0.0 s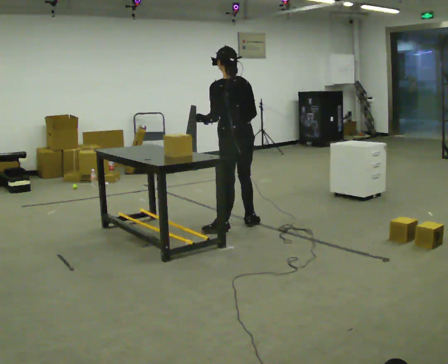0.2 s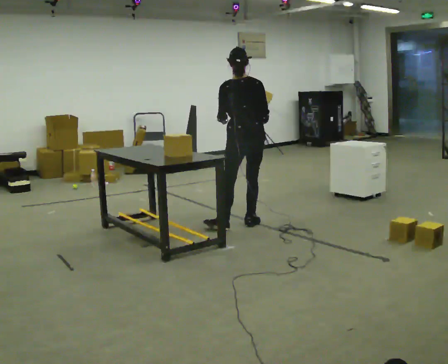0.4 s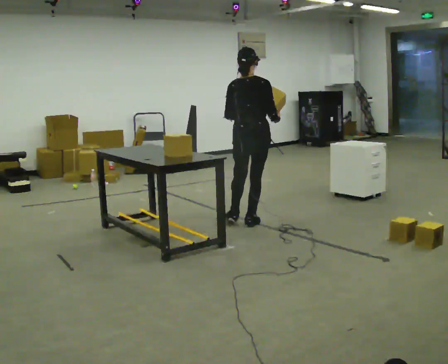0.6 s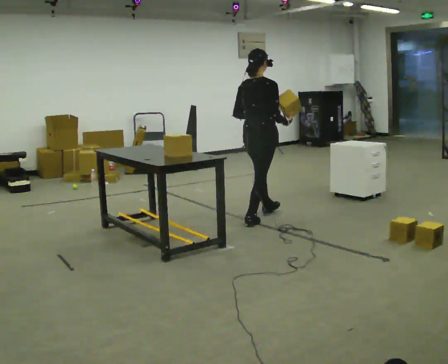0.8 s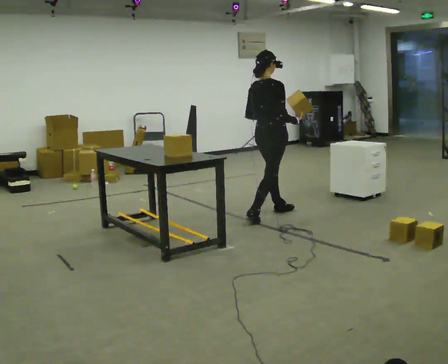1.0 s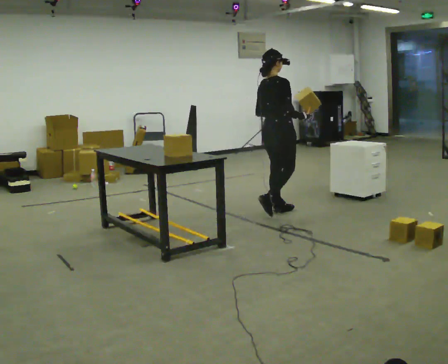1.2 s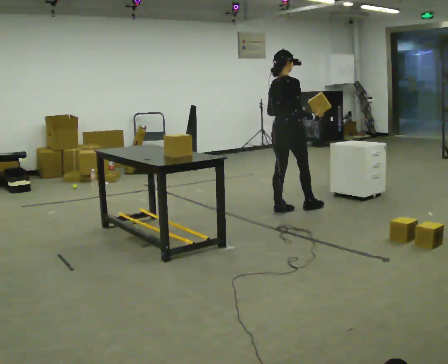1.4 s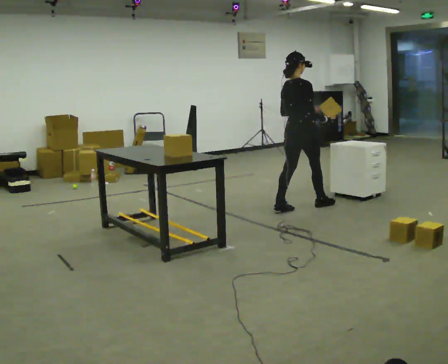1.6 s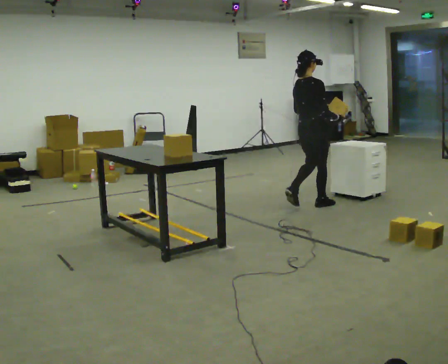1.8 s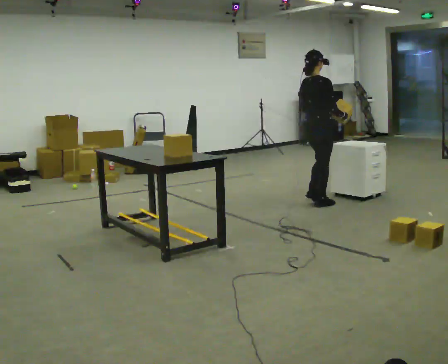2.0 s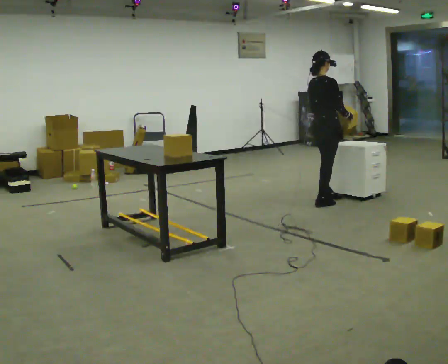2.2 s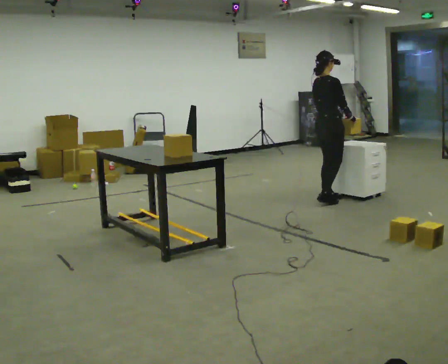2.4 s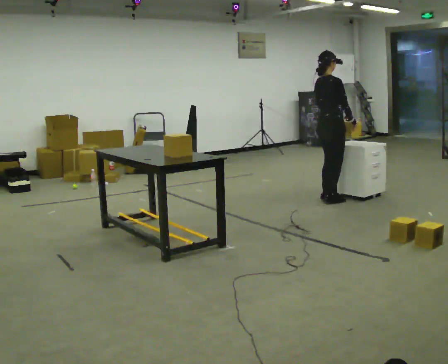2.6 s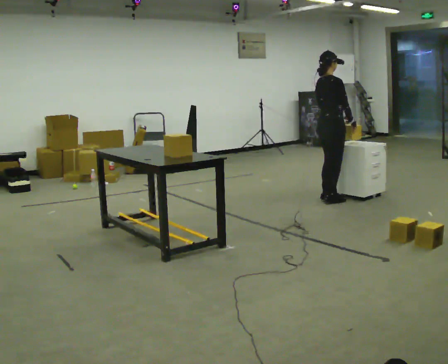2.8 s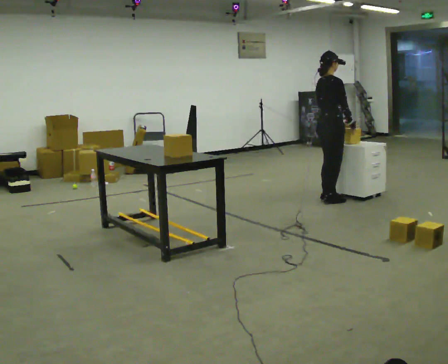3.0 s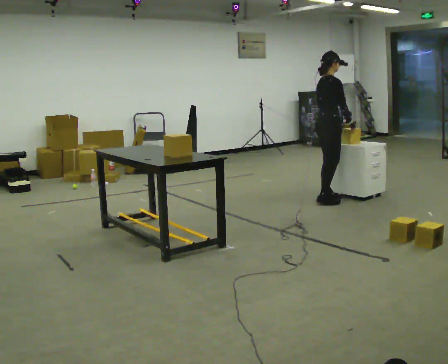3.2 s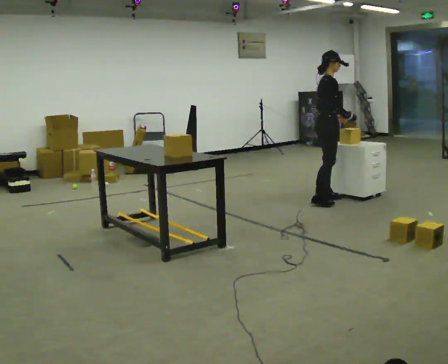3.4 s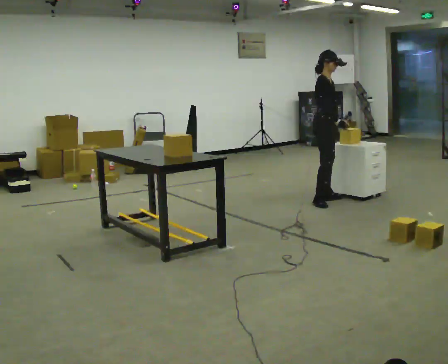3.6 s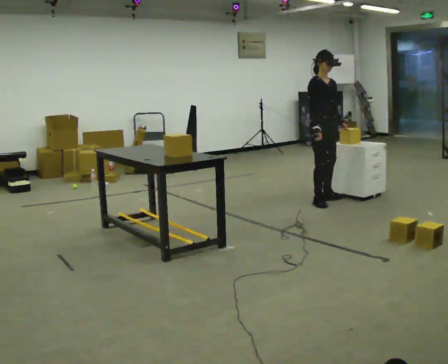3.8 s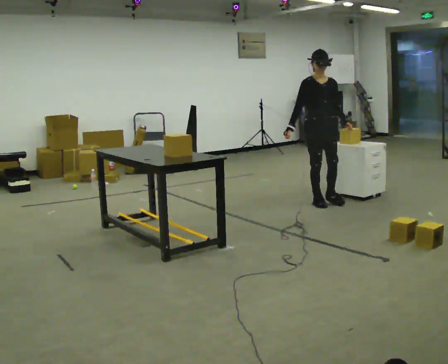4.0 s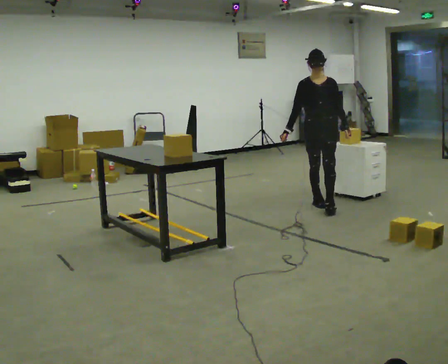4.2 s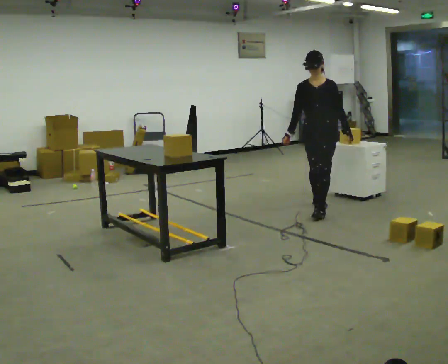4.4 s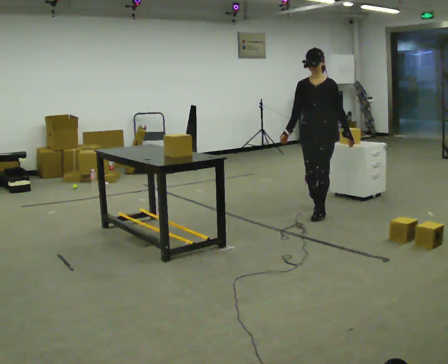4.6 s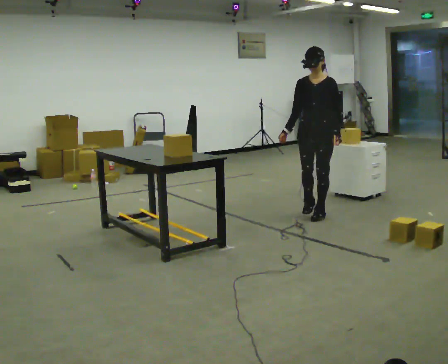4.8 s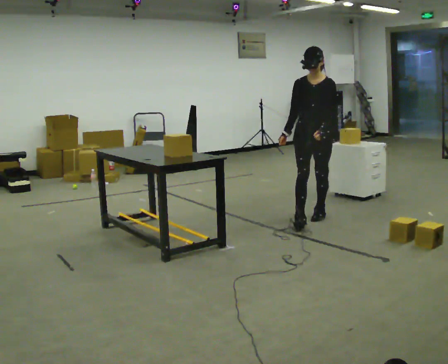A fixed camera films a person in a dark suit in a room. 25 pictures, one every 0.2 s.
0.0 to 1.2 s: The part of the body nearest the lens slides to the left as the person turns to their right by about 90 degrees. In the picture they go away from the camera and to the right, about 0.5 m in 1 step.
1.2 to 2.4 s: In the picture they go away from the camera and to the right, about 0.5 m in 3 steps, which for them is forward.
2.4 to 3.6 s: The part of the body nearest the lens slides to the left as the person turns to their right by about 60 degrees. In the picture their right hand goes to the left.
3.6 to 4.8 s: Seen from above the body turns clockwise, about 75 degrees: to their right, with its near side sliding to the left. In the picture they go toward the camera, about 0.75 m in 1 step.
The film runs forward here.
